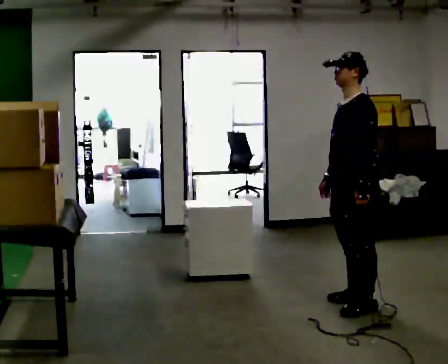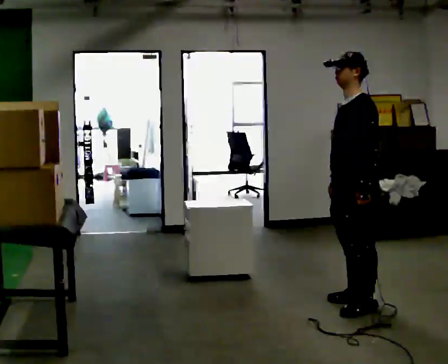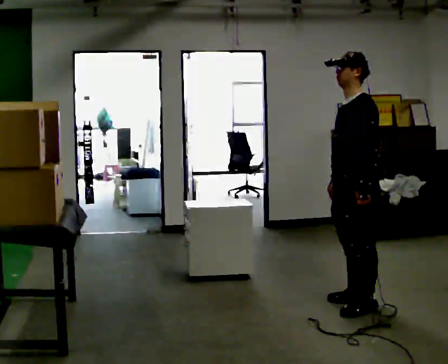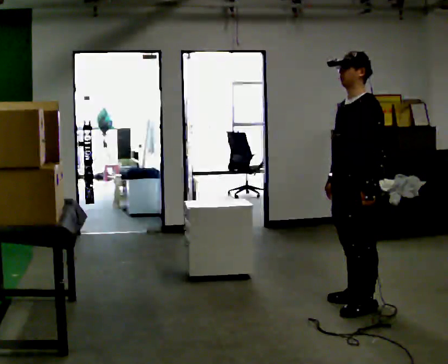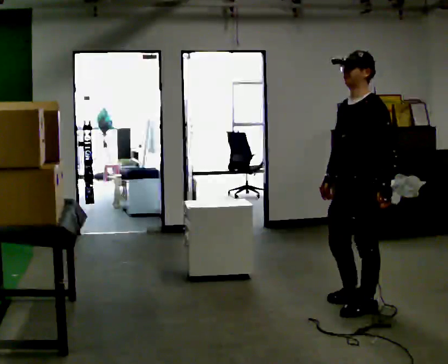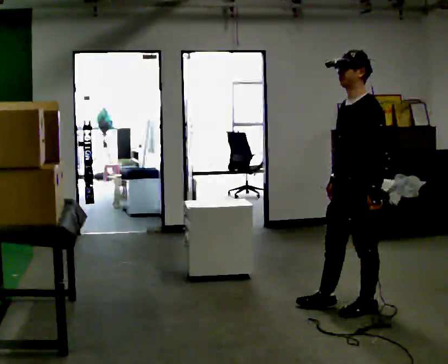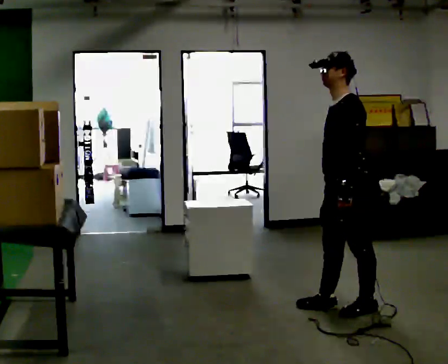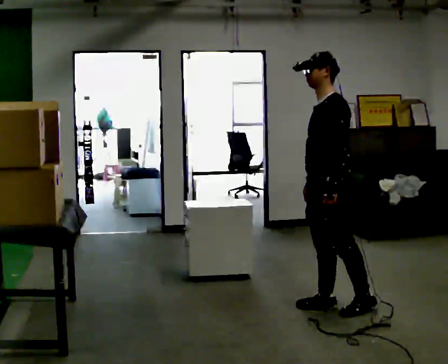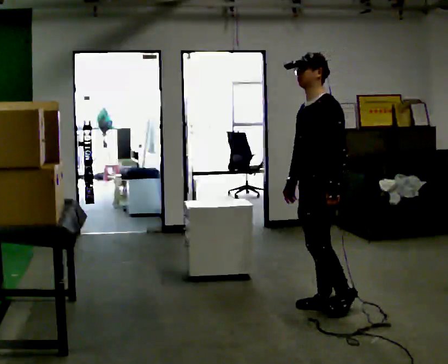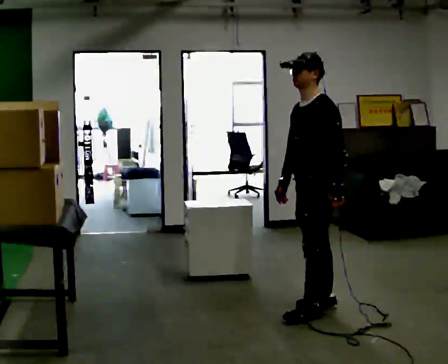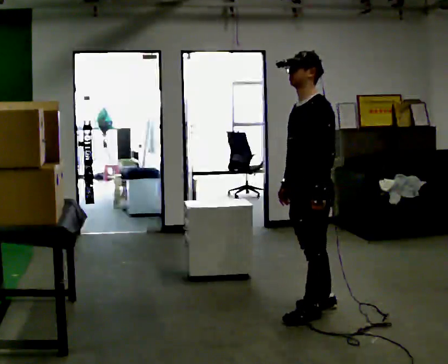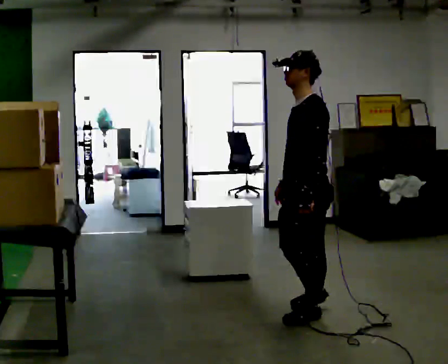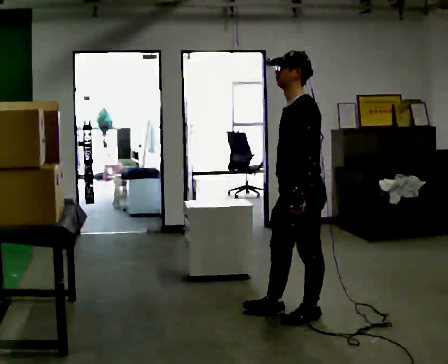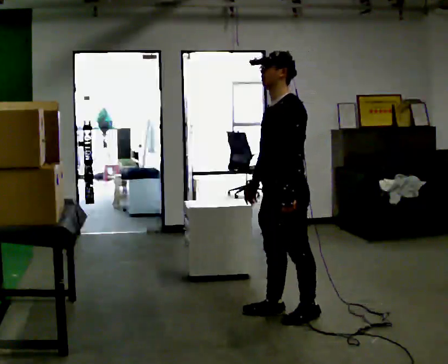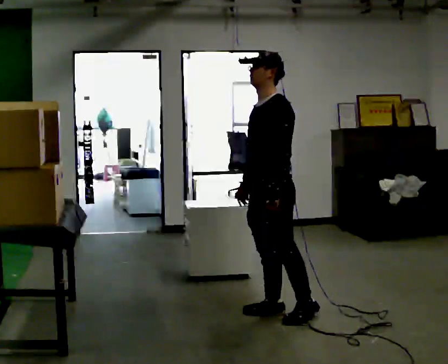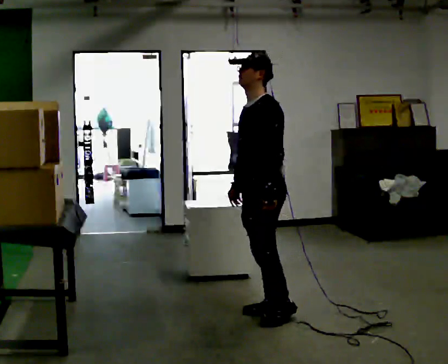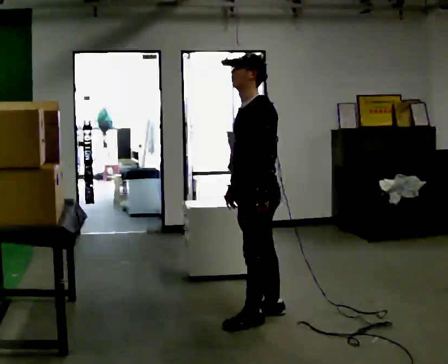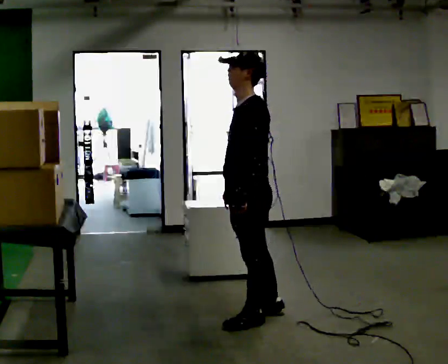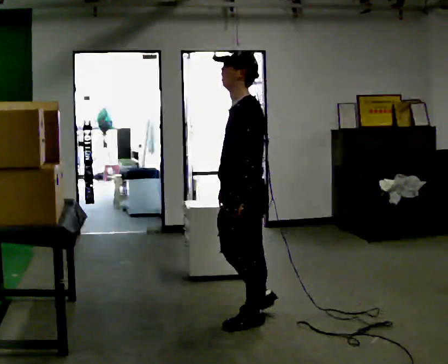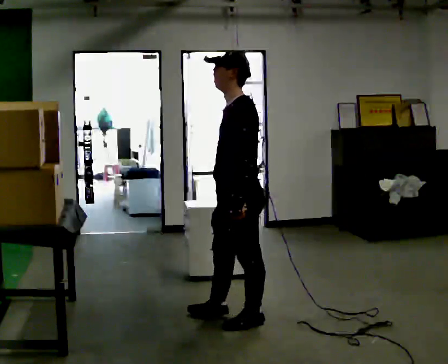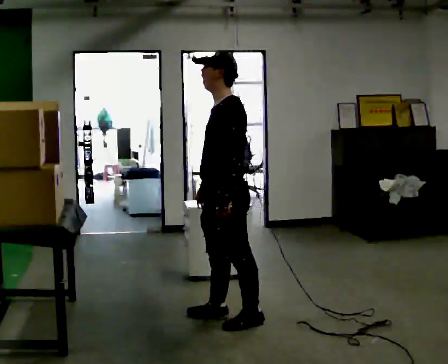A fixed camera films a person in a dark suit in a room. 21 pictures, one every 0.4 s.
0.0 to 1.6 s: The person moves a little, or ends about where they began.
1.6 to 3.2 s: In the picture they go to the left, about 0.25 m in 1 step, which for them is forward and to their right.
3.2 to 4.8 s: In the picture they go toward the camera, about 0.25 m in 2 steps, which for them is forward and to their left.
4.8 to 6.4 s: In the picture they go to the left, about 0.25 m in 1 step, which for them is forward and to their right.
6.4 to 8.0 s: In the picture they go to the left, about 0.25 m in 1 step, which for them is forward.
The film runs forward here.
